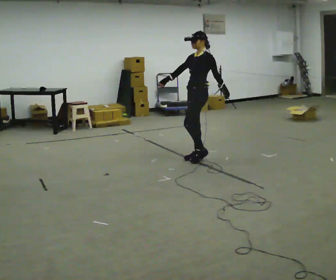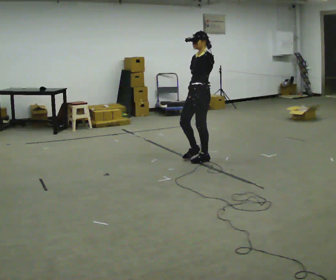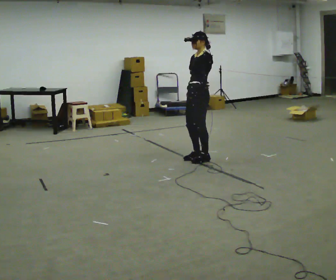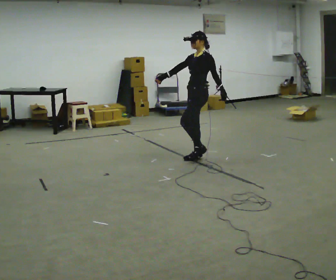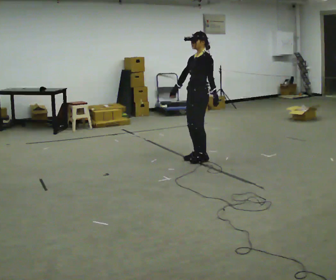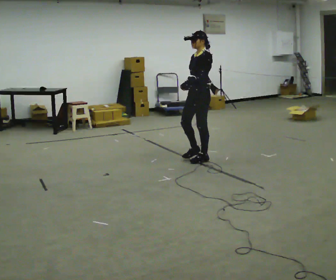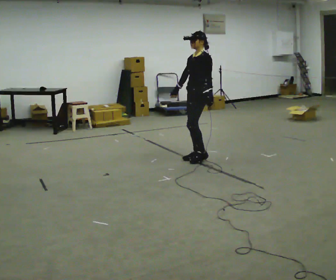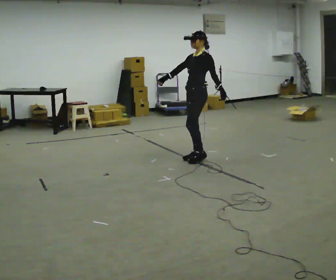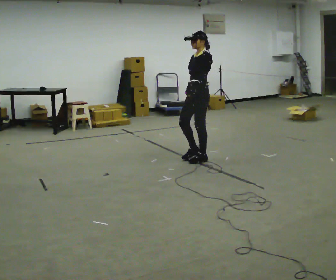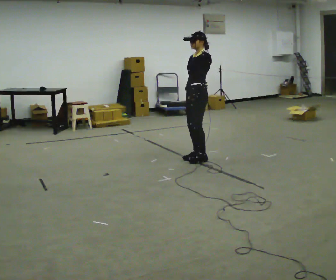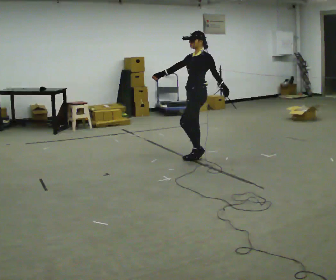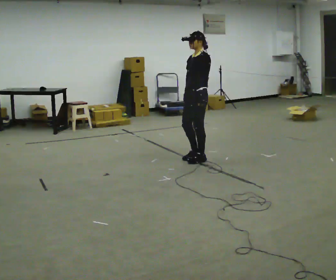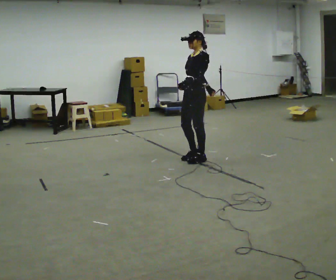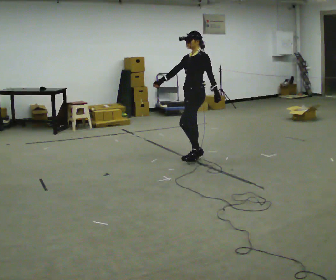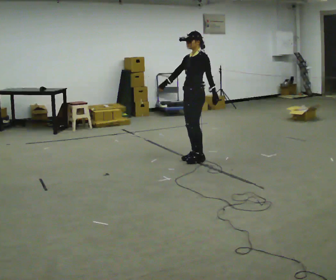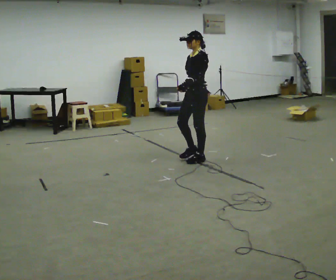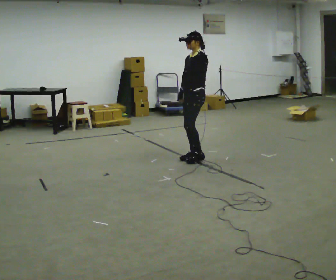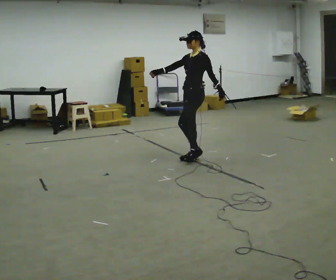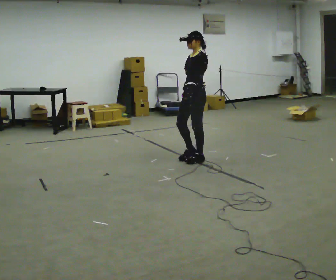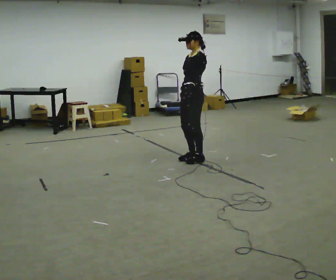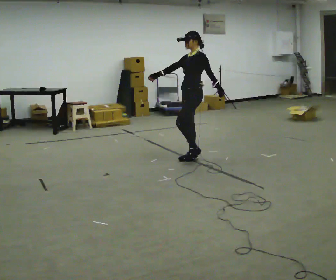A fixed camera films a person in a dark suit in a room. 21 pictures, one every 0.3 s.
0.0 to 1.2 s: The person moves a little, or ends about where they began.
1.2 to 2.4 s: In the picture their right hand goes to the right.
2.4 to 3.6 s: The person moves a little, or ends about where they began.
3.6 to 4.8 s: In the picture their right hand goes to the left.
4.8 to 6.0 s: The person moves a little, or ends about where they began.
The film runs forward here.
